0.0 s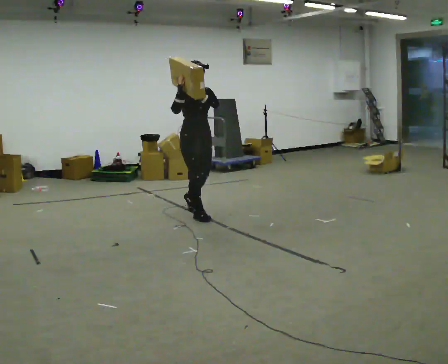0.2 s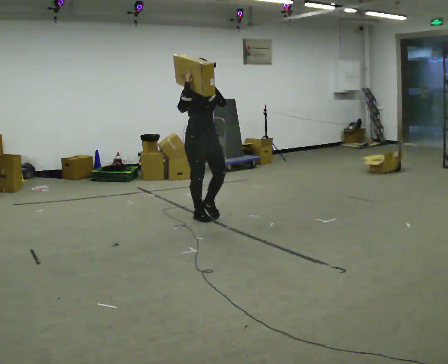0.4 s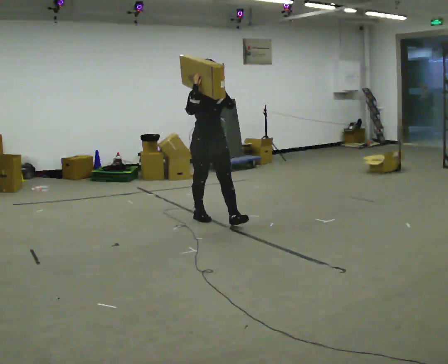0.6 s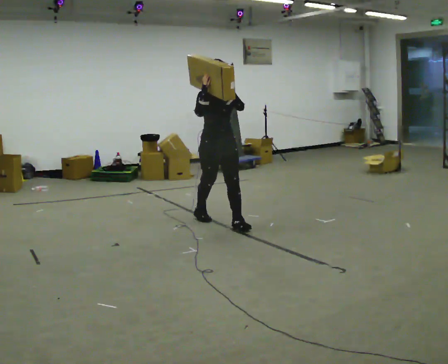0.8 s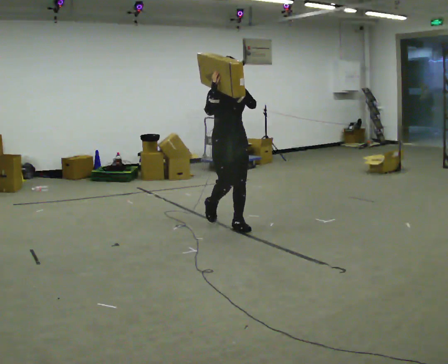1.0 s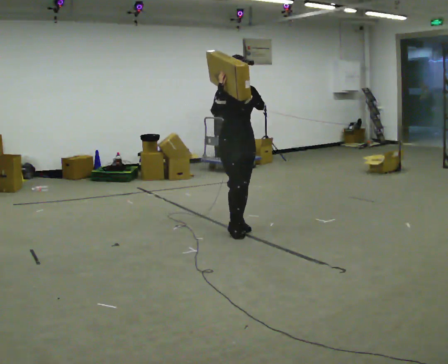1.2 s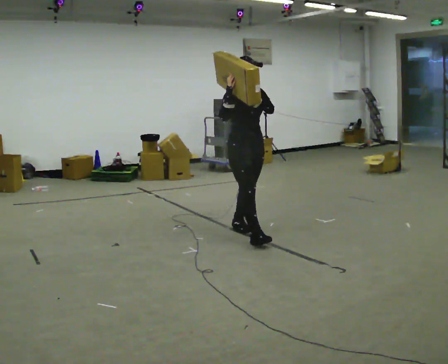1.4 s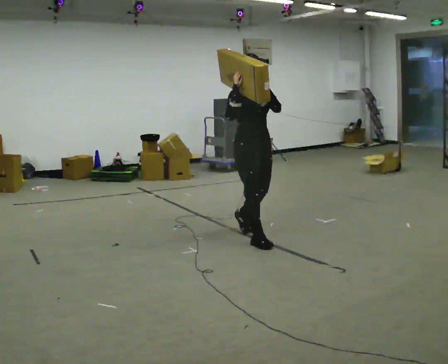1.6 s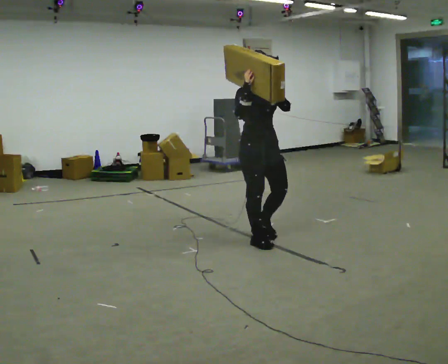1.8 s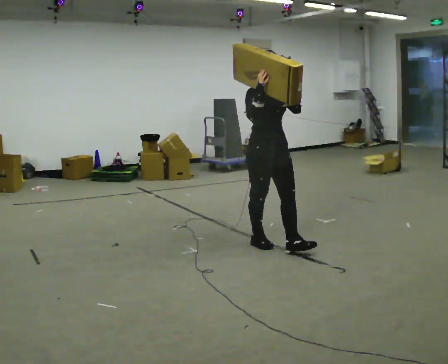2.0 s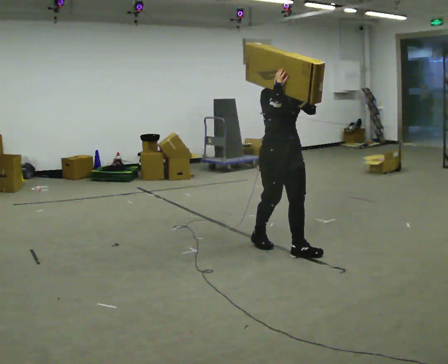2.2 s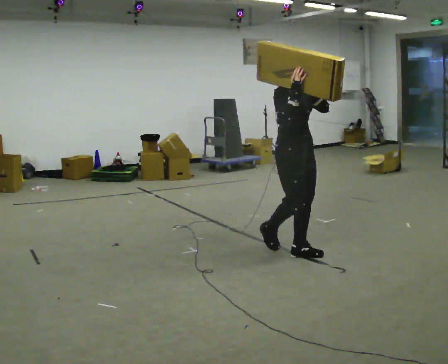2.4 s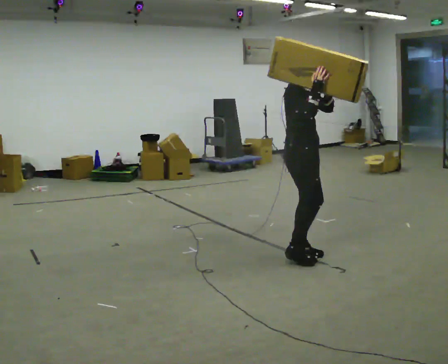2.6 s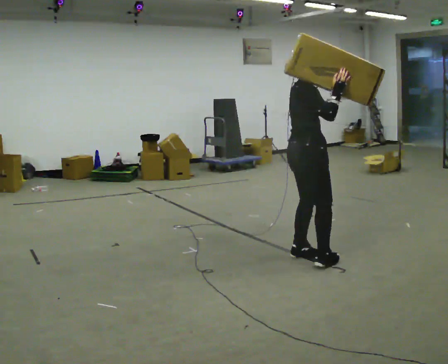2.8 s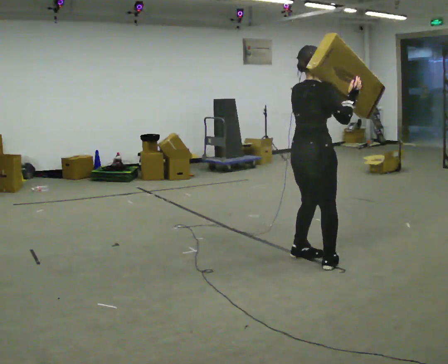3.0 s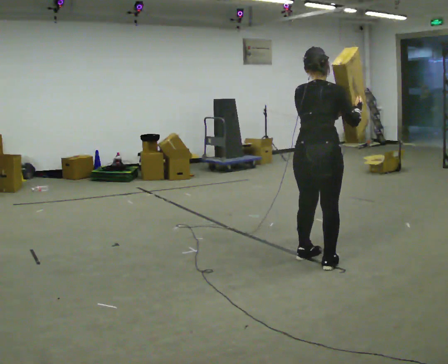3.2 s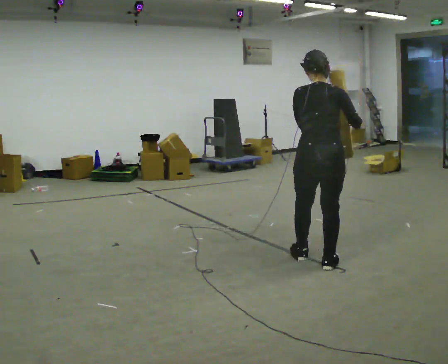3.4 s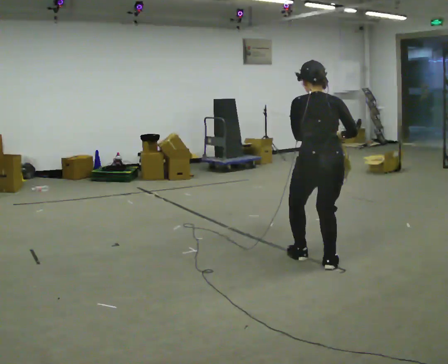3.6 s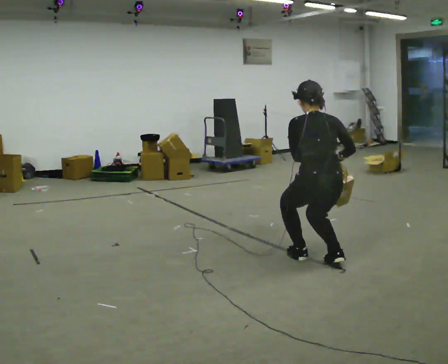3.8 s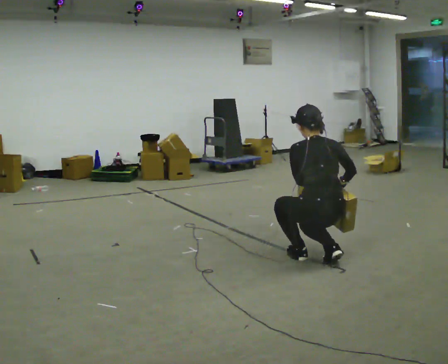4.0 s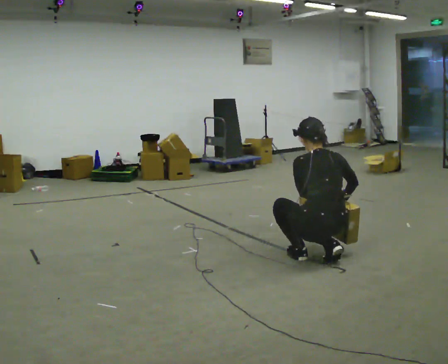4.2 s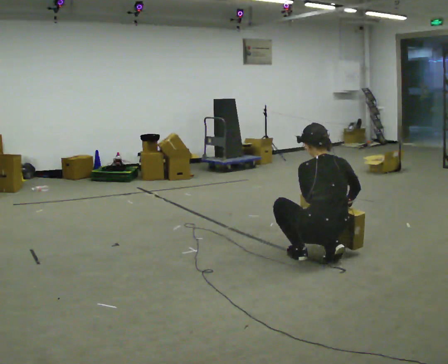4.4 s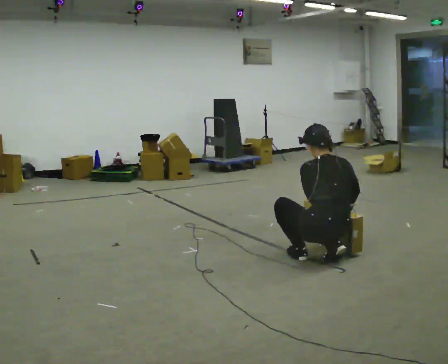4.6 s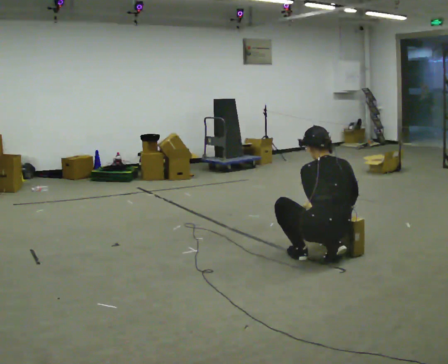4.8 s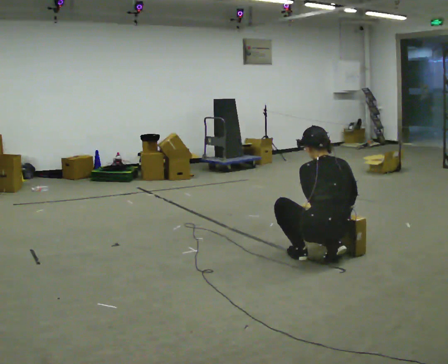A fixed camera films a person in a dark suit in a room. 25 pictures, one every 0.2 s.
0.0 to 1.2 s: In the picture they go toward the camera and to the right, about 1 m in 2 steps, which for them is forward.
1.2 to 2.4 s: Seen from above the body turns counterclockwise, about 45 degrees: to their left, with its near side sliding to the right. In the picture they go toward the camera and to the right, about 0.5 m in 1 step, which for them is forward.
2.4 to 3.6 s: Seen from above the body turns counterclockwise, about 120 degrees: to their left, with its near side sliding to the right. In the picture they go toward the camera, about 0.25 m in 1 step. The upper body goes downward. The upper body tips away from the camera, its near side rolling upward, as they bend forward. In the picture their right hand goes downward.
3.6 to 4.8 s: The shoulders move downward. In the picture their right hand goes downward.
The film runs forward here.
